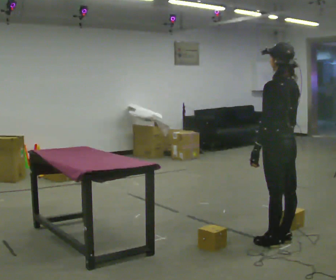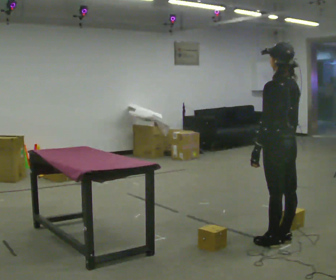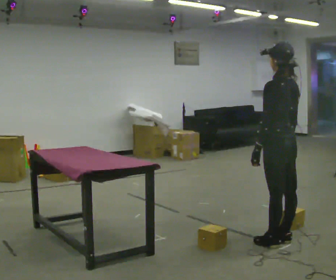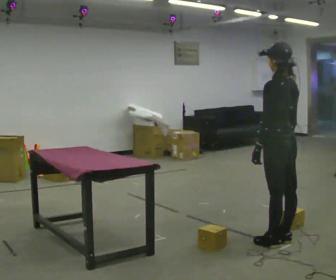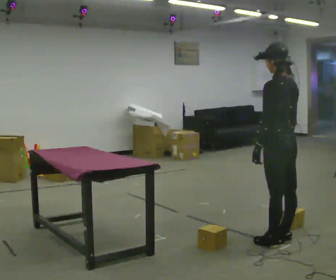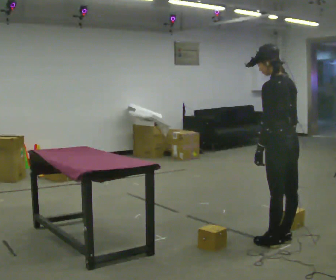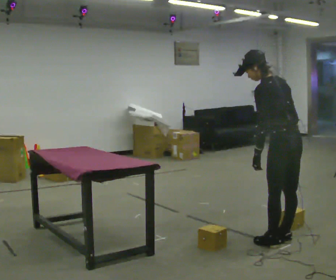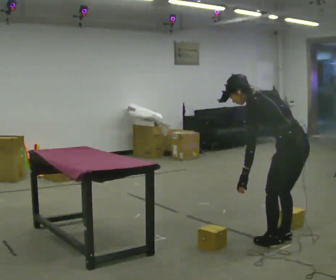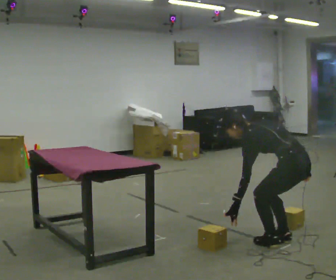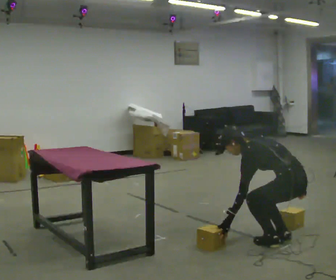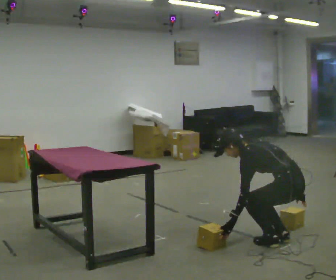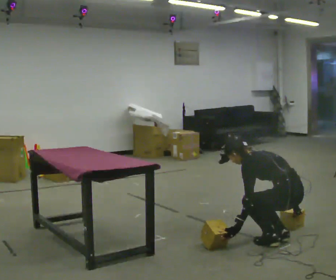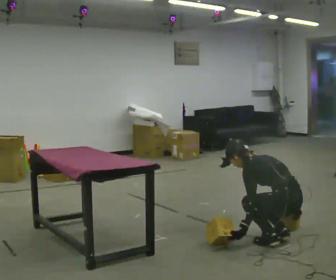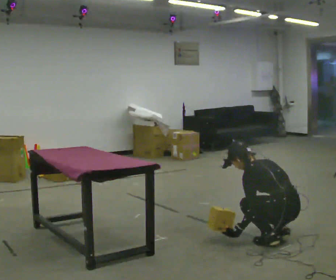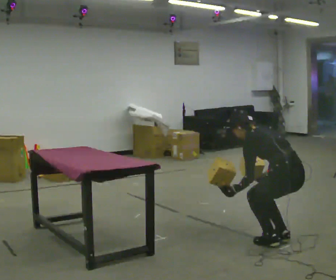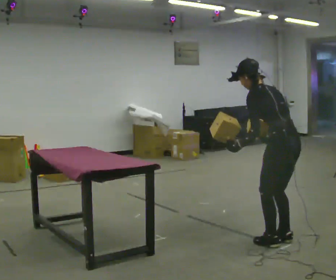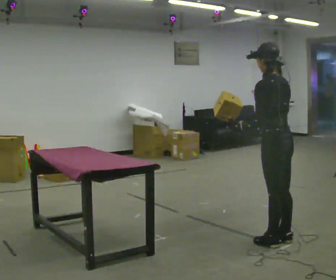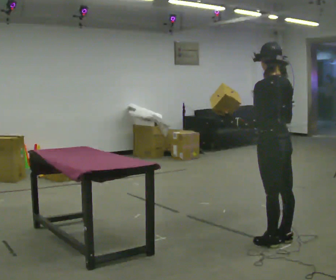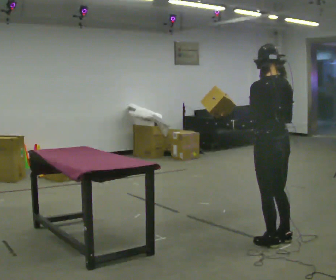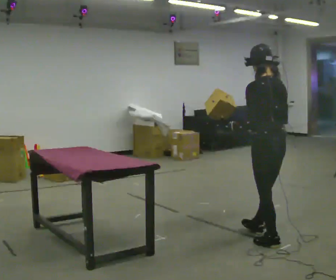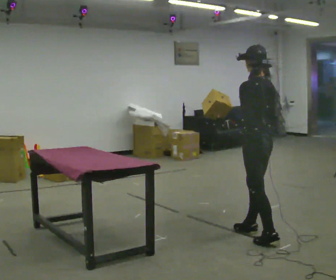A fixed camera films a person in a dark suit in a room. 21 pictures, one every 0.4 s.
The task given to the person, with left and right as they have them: Carry two objects across the room, then put just one of them on the shelf while still holding the other. Then bring them both back. Keep going until the operator says stop; one object at a time, and do not rush between trips.
0.0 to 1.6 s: The person keeps their place and pose.
1.6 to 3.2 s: The shoulders move downward. In the picture the upper body tilts counterclockwise, shoulders to the left, as they bend forward.
3.2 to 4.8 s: The shoulders move downward.
4.8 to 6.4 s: The upper body goes upward. In the picture the upper body tilts clockwise, shoulders to the right, as they lean back or straighten. In the picture their right hand goes upward.
6.4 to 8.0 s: In the picture they go to the left and away from the camera, about 0.25 m in 1 step, which for them is forward.
The film runs forward here.
